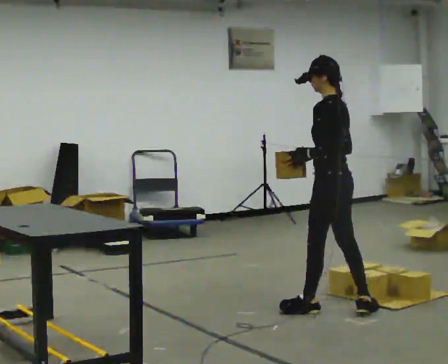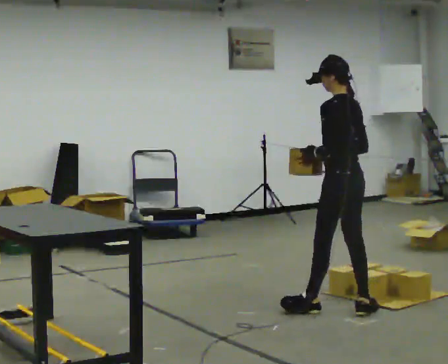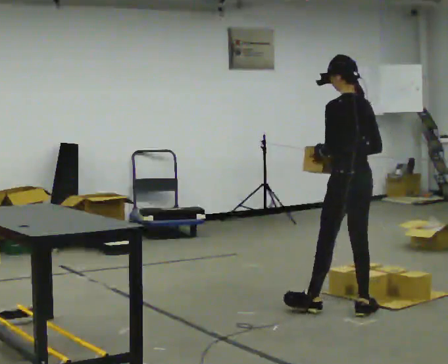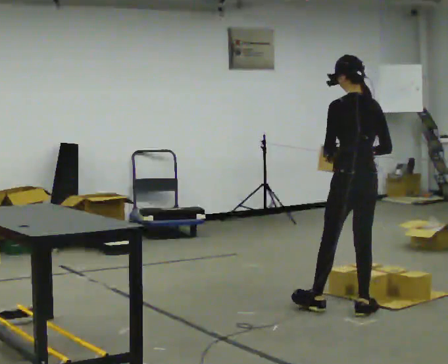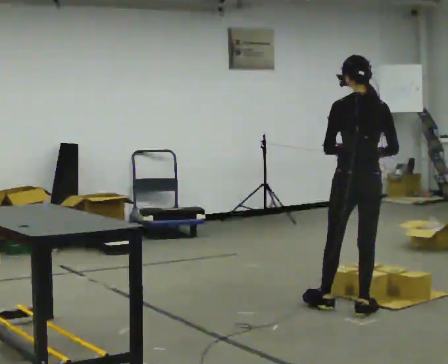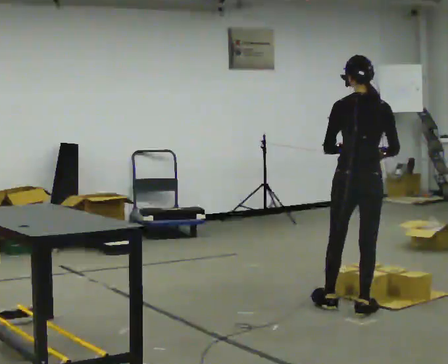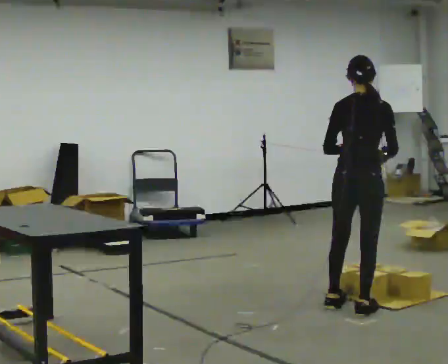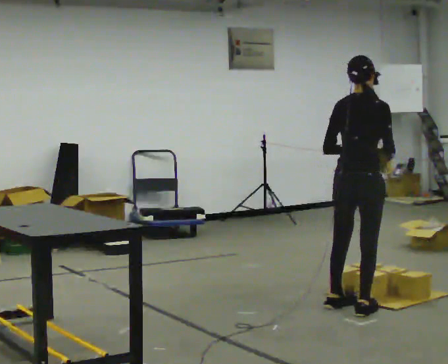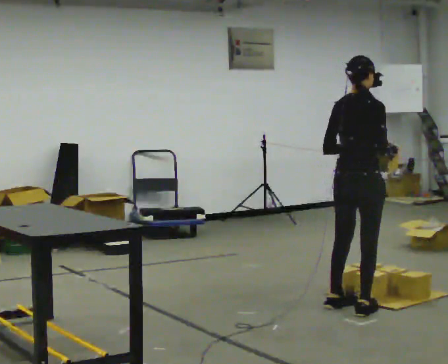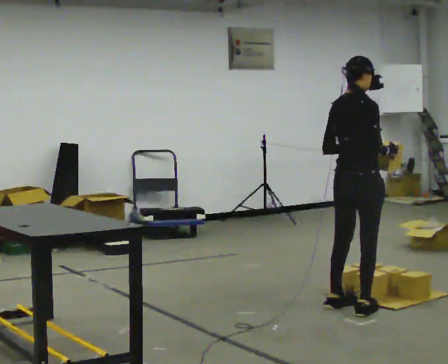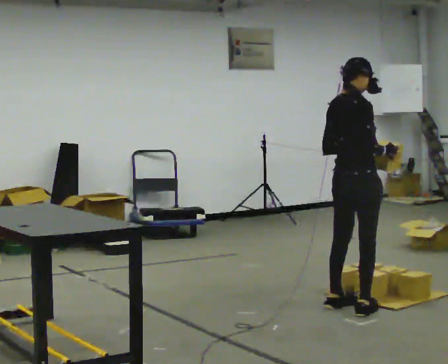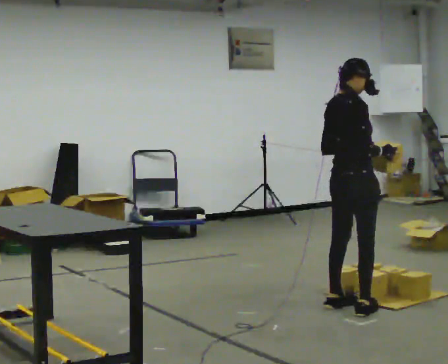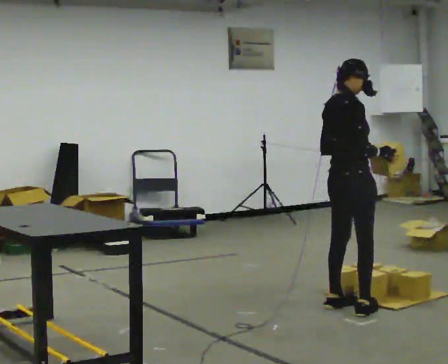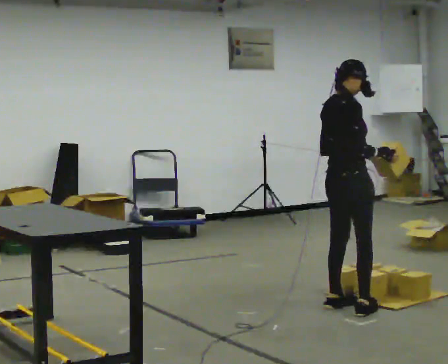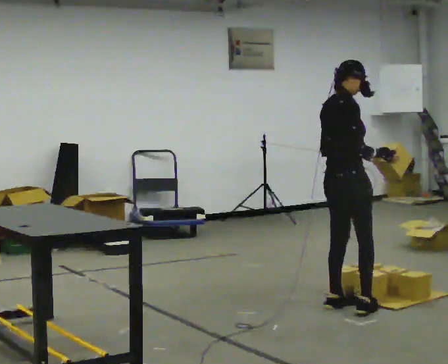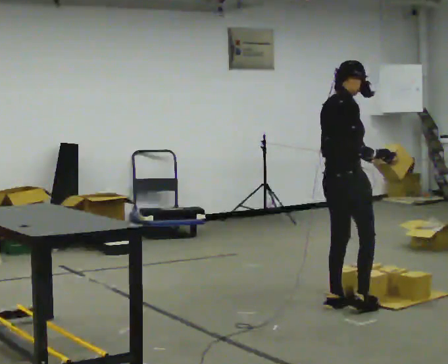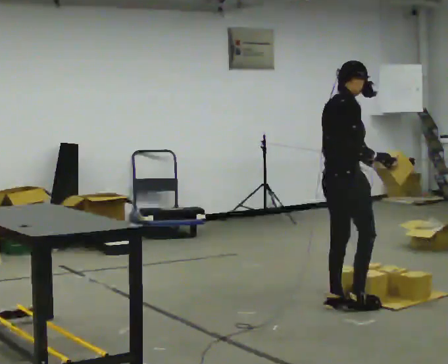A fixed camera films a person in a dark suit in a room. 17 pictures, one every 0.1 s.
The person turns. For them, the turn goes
to their right.
The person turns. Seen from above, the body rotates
clockwise.
0.0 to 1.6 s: Seen from above the body turns clockwise, about 135 degrees: to their right, with its near side sliding to the left. In the picture their right hand goes to the right, the arm swinging counterclockwise.
The film runs backward here.
